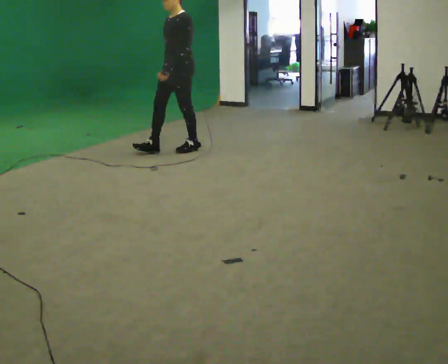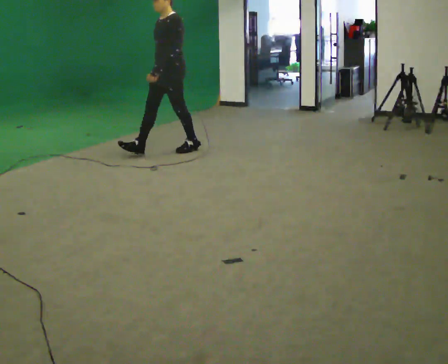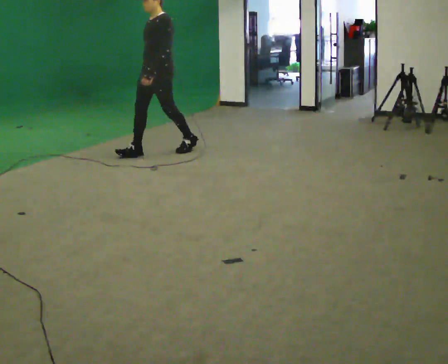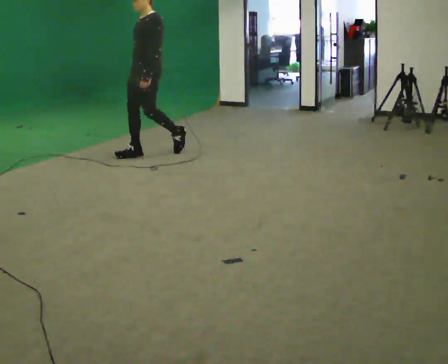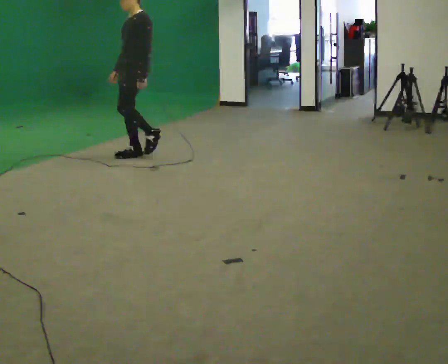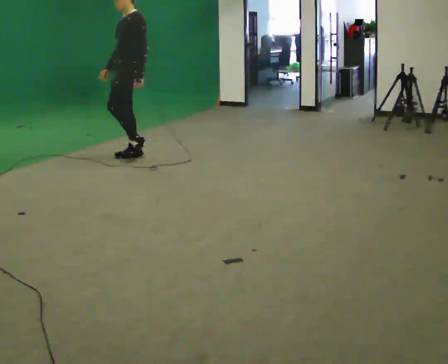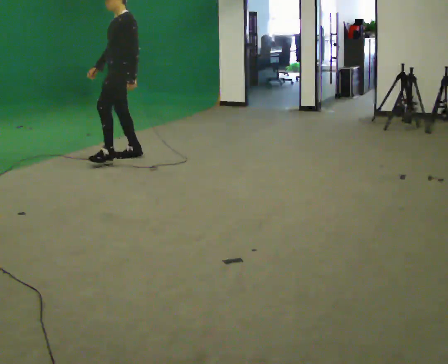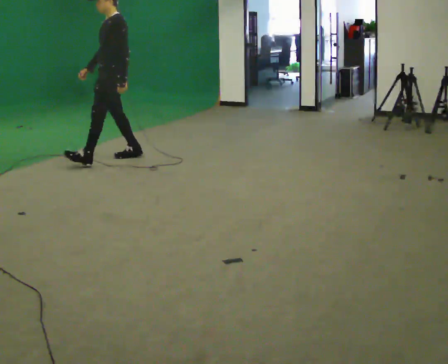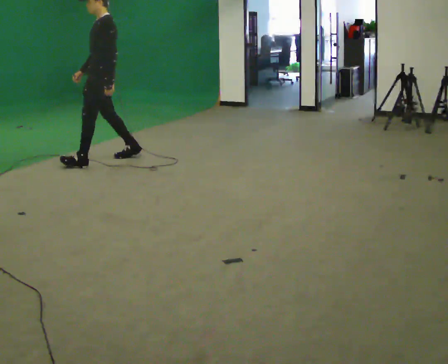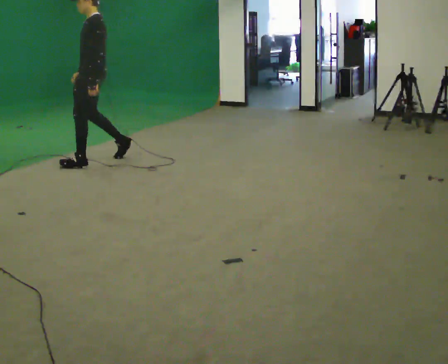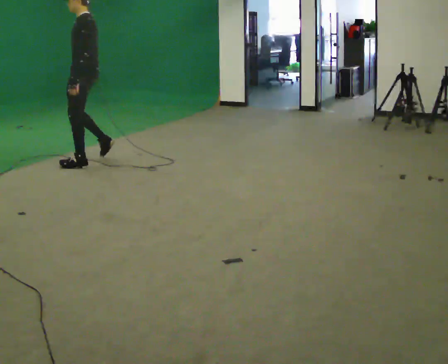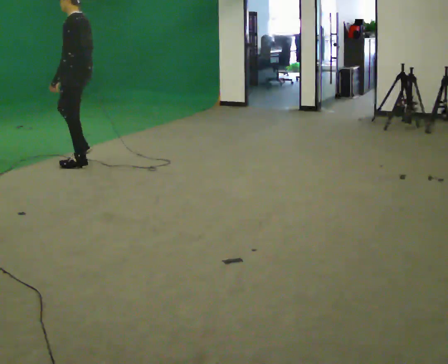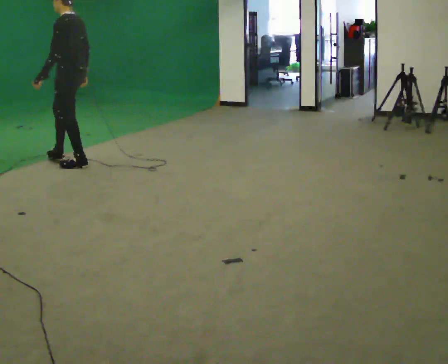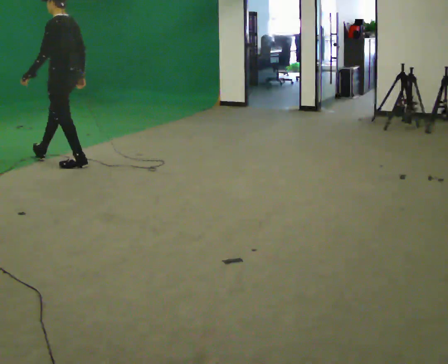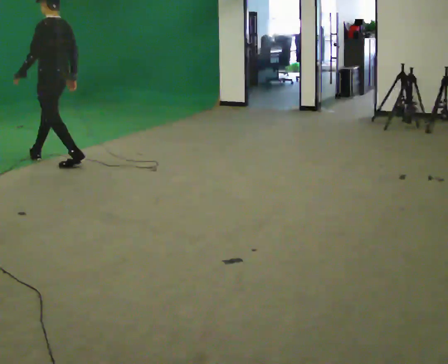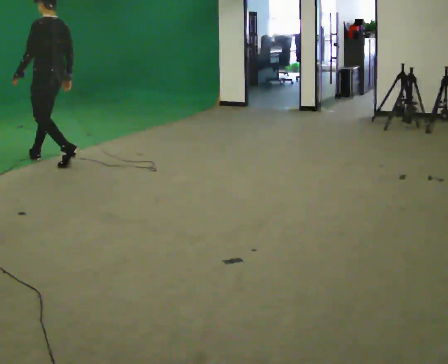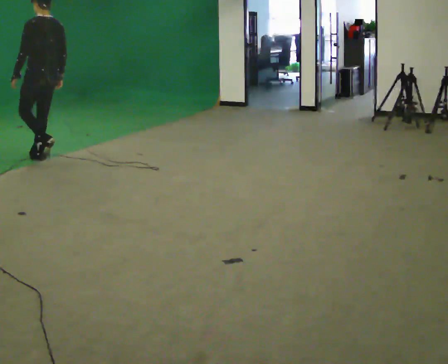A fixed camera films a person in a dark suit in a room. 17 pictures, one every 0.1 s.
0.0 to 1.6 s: Seen from above the body turns clockwise, about 75 degrees: to their right, with its near side sliding to the left. In the picture they go to the left, about 1.5 m in 3 steps.
The film runs forward here.
